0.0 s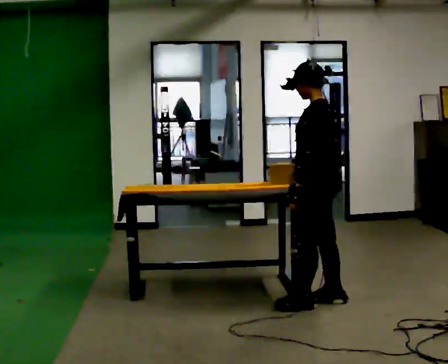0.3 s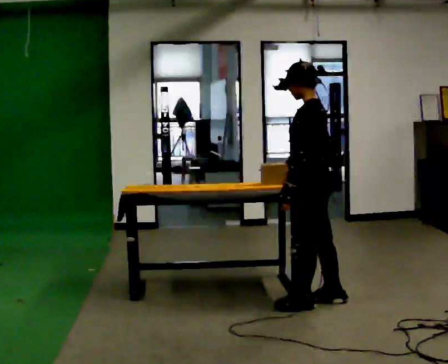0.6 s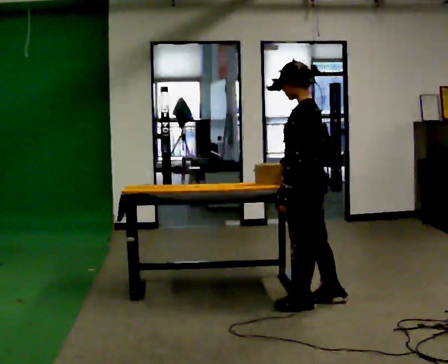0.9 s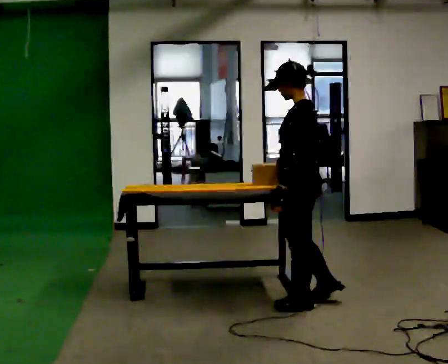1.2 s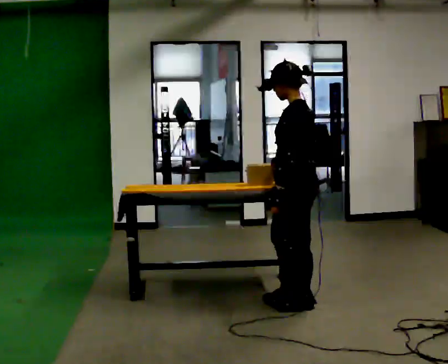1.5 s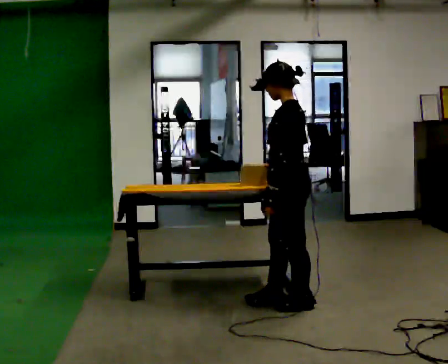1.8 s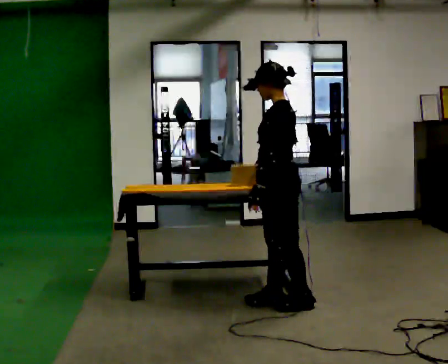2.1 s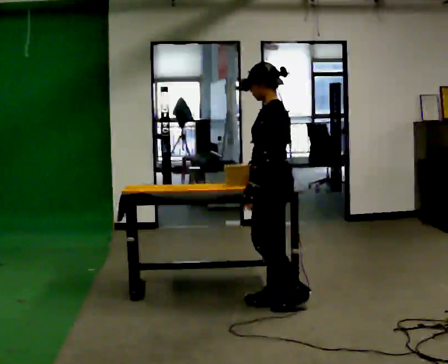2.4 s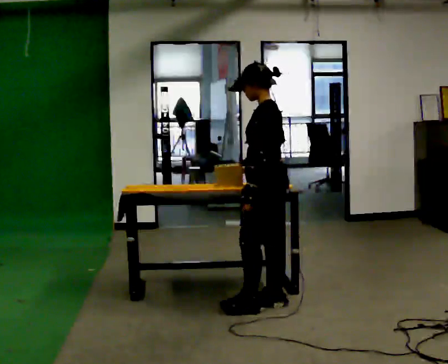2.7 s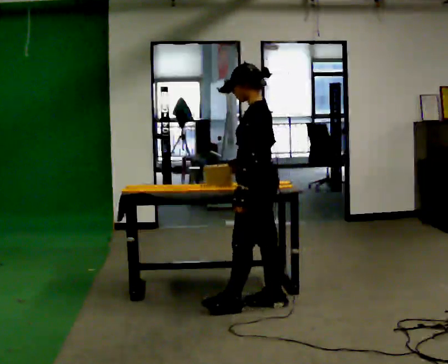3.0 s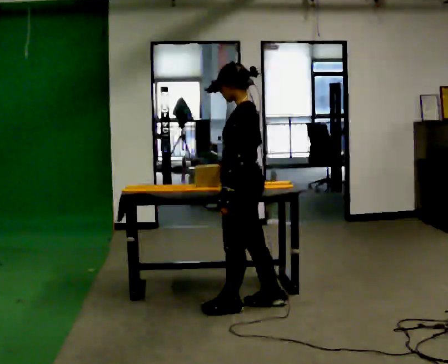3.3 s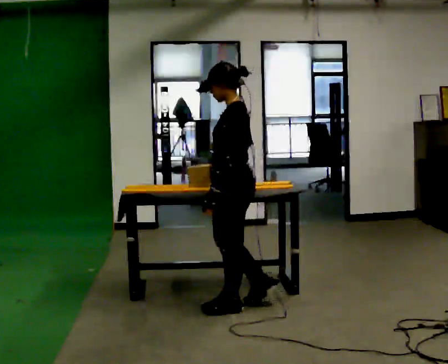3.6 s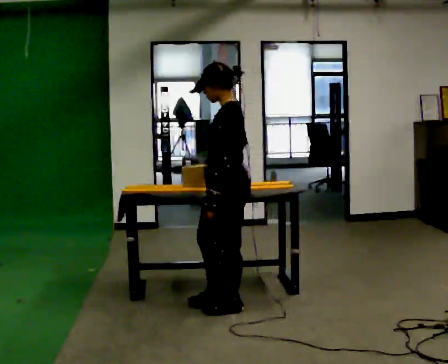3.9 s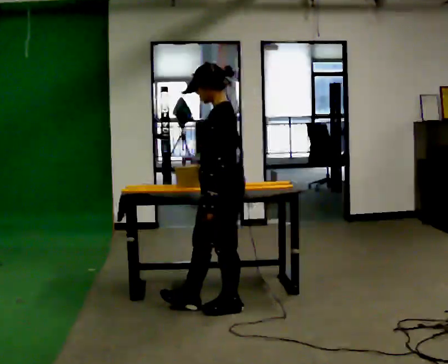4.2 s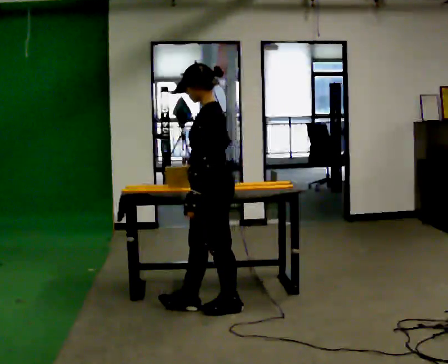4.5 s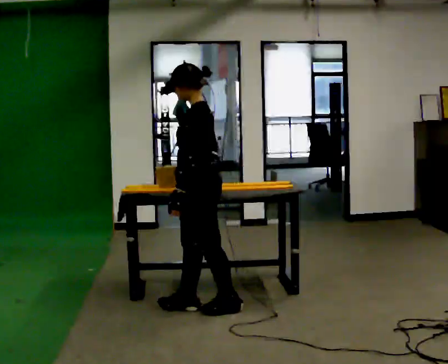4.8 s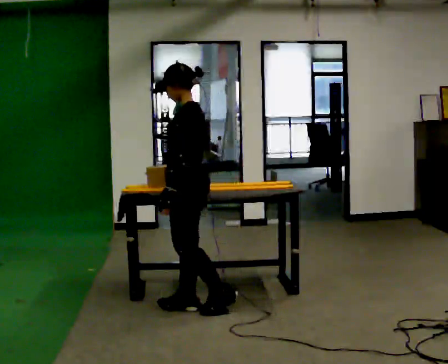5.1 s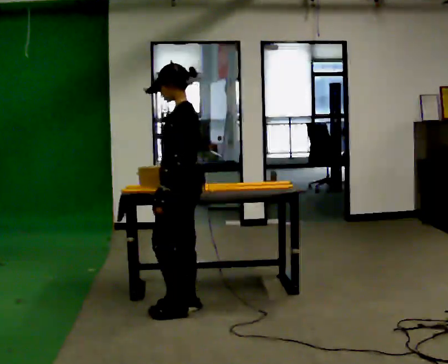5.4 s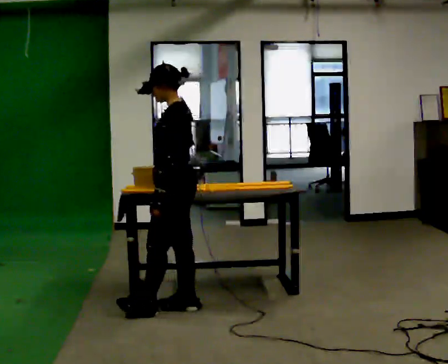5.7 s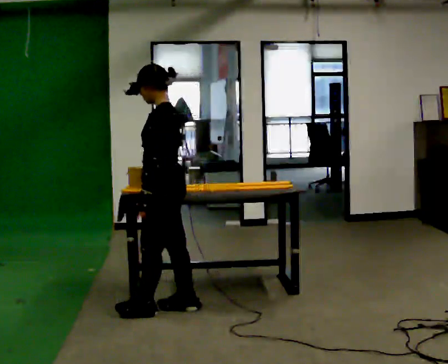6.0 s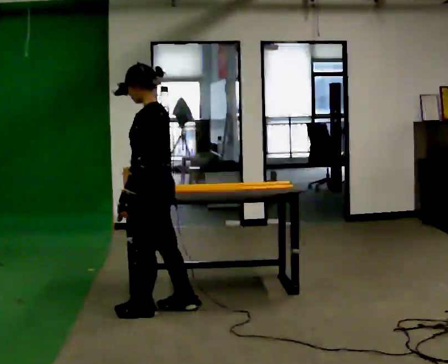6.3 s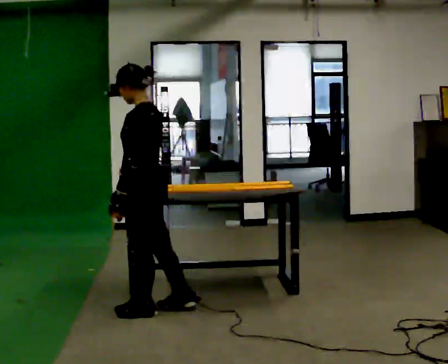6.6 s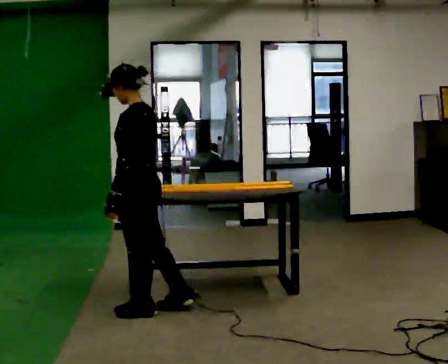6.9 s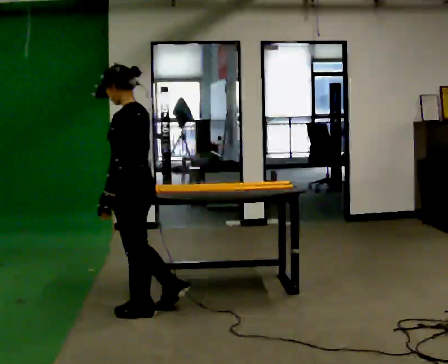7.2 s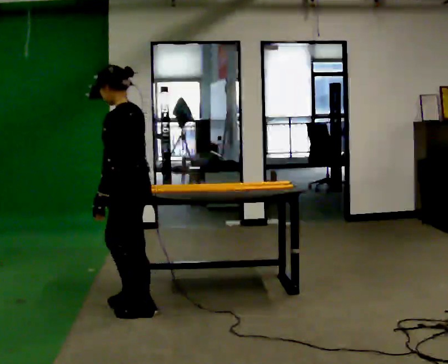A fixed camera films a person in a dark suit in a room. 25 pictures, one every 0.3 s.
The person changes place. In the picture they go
to the left.
0.0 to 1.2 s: The person moves a little, or ends about where they began.
1.2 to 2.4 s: In the picture they go to the left, about 0.25 m in 1 step, which for them is forward.
2.4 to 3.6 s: In the picture they go to the left, about 0.25 m in 1 step, which for them is forward and to their left.
3.6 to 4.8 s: In the picture they go to the left, about 0.25 m in 1 step, which for them is forward.
4.8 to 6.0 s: In the picture they go to the left, about 0.25 m in 1 step, which for them is forward.
6.0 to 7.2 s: The person moves a little, or ends about where they began.
The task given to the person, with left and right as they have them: Carry the object across the room and slide it into the slot on the shelf. It is a close fit, so take the time you need. Keep going until the operator says stop; one object at a time, and do not rush between trips.
The film runs forward here.
